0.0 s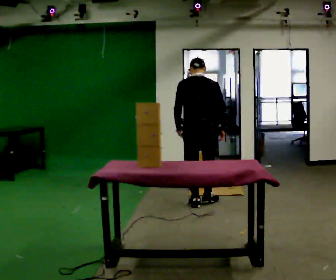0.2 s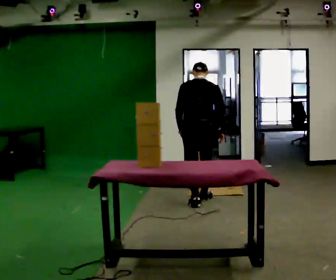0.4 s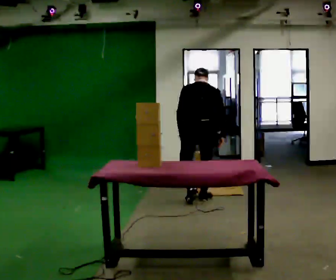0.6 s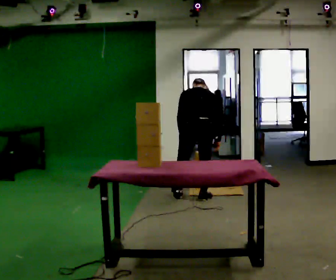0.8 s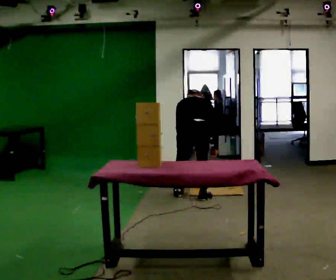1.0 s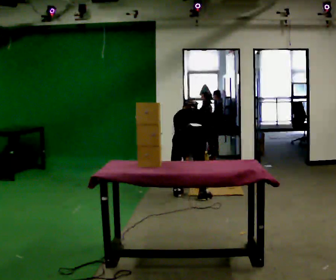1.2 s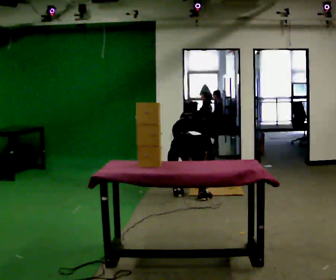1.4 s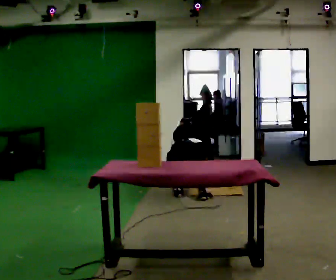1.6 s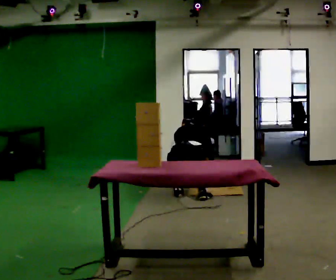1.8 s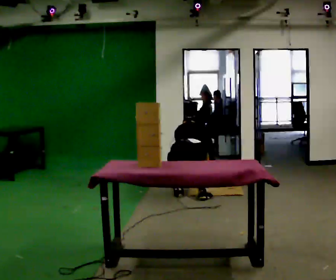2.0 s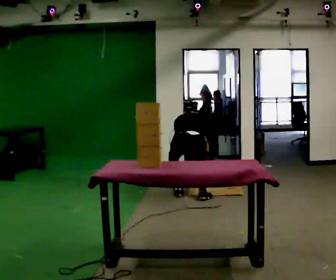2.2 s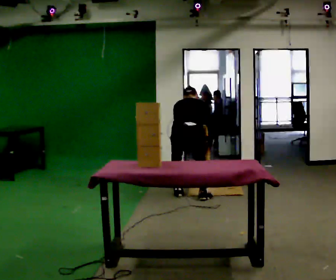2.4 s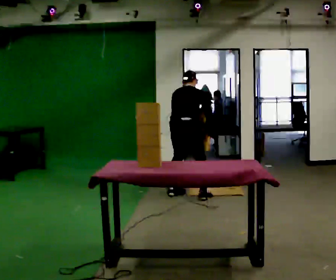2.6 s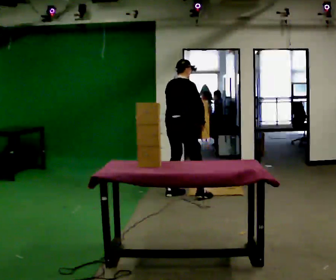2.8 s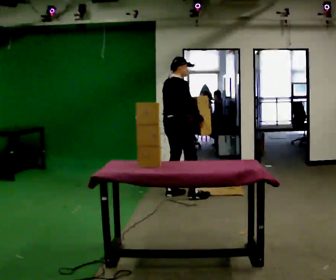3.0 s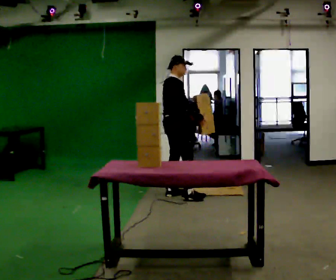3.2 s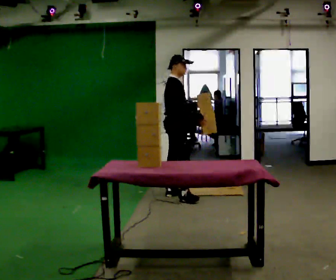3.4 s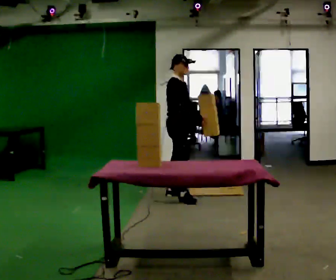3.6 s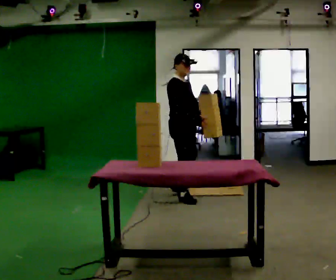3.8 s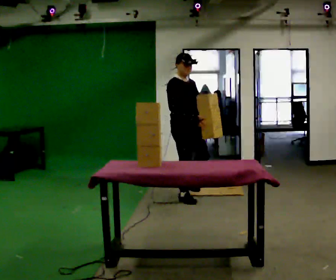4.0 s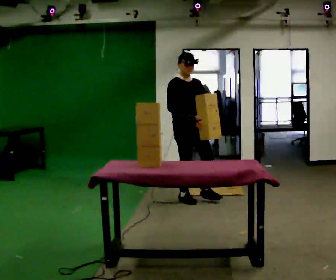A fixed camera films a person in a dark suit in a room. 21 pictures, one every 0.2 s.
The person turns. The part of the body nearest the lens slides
to the left.
Their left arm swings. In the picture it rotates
counterclockwise.
0.0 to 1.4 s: In the picture they go away from the camera, about 0.25 m in 2 steps, which for them is forward. The upper body goes downward. The upper body tips away from the camera, its near side rolling upward, as they bend forward. In the picture their left hand goes downward.
1.4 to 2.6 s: The person turns about 45 degrees to their right, clockwise seen from above, so the part of the body nearest the lens slides to the left. In the picture they go away from the camera, about 0.25 m, which for them is forward and to their left. The shoulders move upward. The upper body tips toward the camera, its near side rolling downward, as they lean back or straighten. In the picture their left hand goes upward.
2.6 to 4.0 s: The person turns about 105 degrees to their right, clockwise seen from above, so the part of the body nearest the lens slides to the left. In the picture they go toward the camera, about 0.25 m in 1 step.
The film runs forward here.
